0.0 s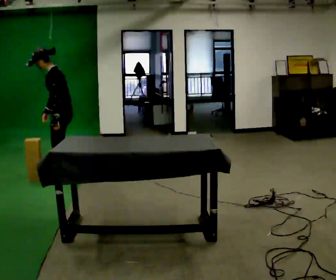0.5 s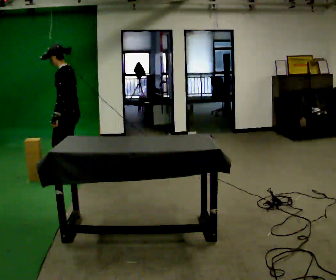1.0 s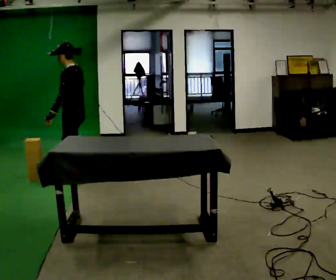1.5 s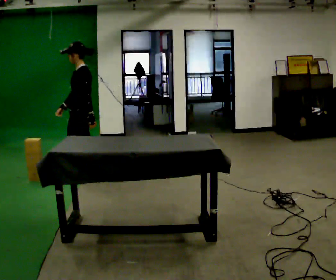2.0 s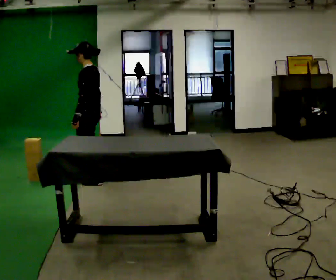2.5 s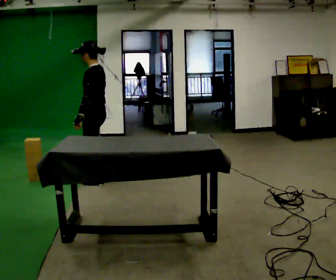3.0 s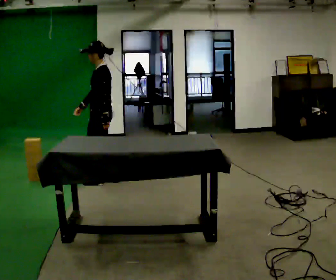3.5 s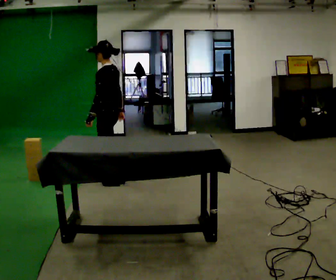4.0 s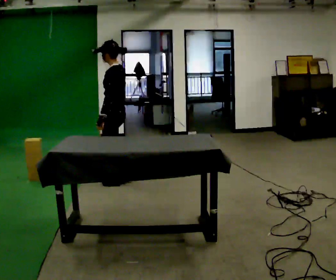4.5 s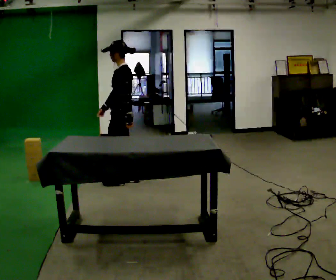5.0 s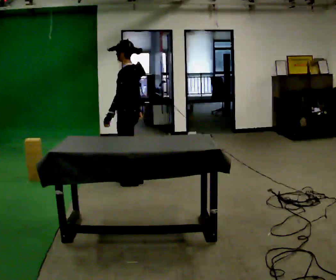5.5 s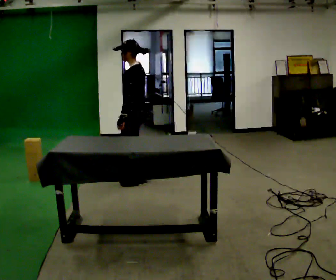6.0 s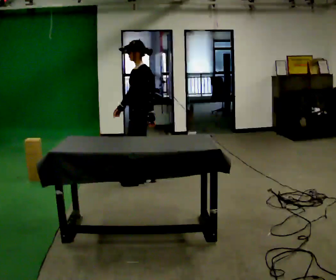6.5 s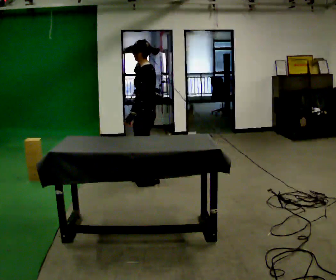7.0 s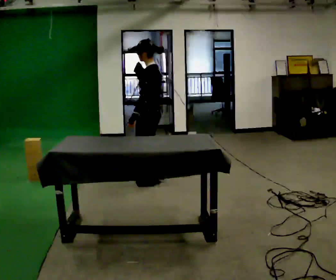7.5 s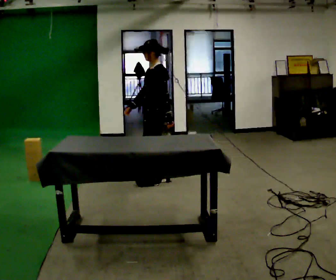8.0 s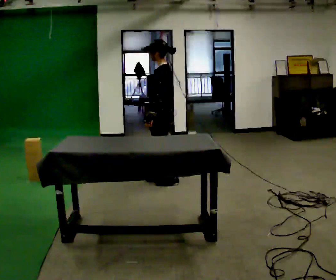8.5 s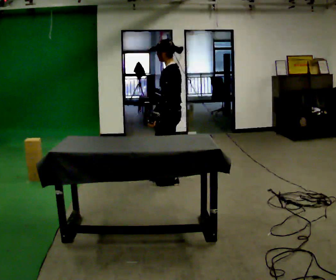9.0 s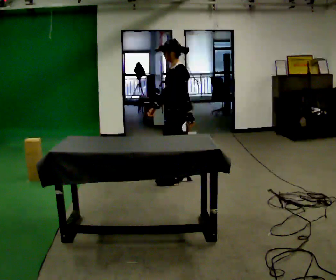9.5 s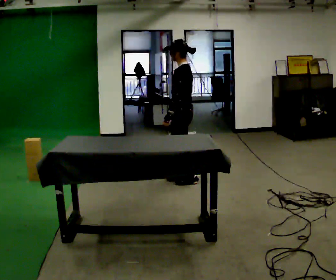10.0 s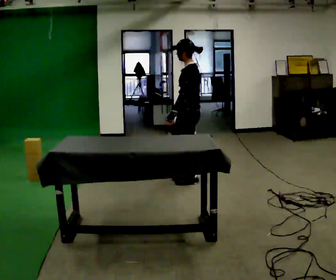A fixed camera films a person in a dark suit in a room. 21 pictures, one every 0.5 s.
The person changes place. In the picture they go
to the right.
0.0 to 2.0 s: In the picture they go to the right, about 0.25 m in 3 steps, which for them is backward. In the picture the upper body tilts clockwise, shoulders to the right, as they lean back or straighten.
2.0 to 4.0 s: In the picture they go to the right, about 0.25 m in 3 steps, which for them is backward.
4.0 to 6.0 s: In the picture they go to the right, about 0.25 m in 2 steps, which for them is backward.
6.0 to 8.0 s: In the picture they go to the right, about 0.25 m in 3 steps, which for them is backward. In the picture their right hand goes to the right.
8.0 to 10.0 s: In the picture they go to the right, about 0.25 m in 3 steps, which for them is backward.
The film runs backward here.
